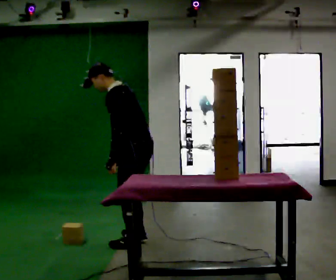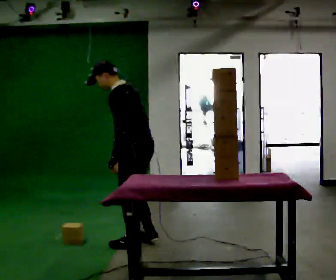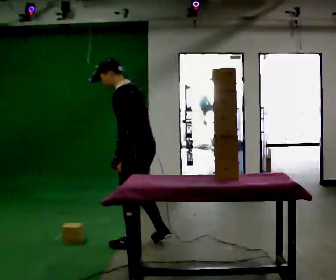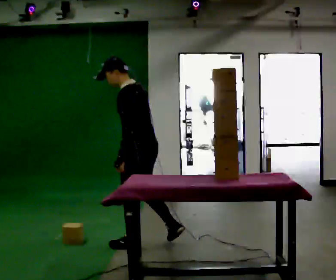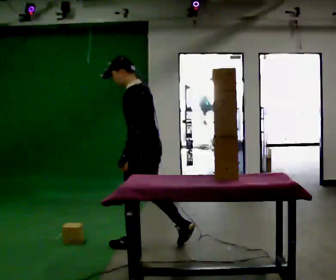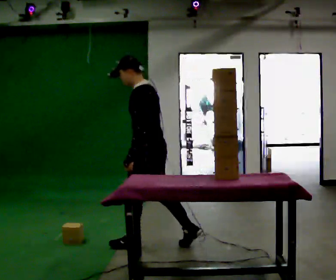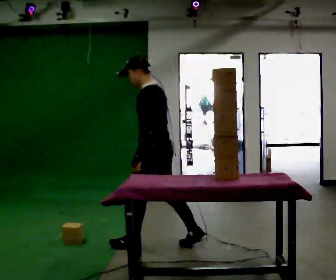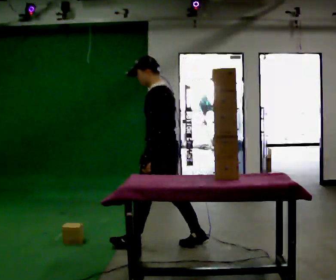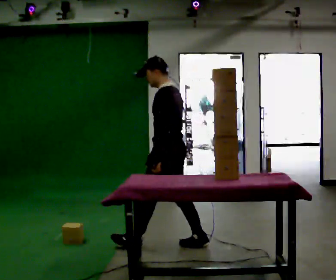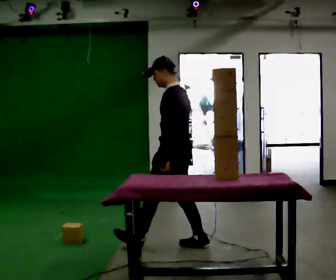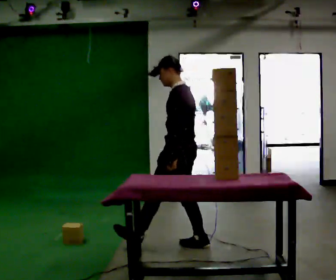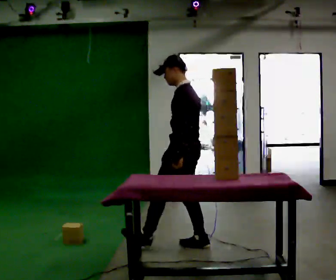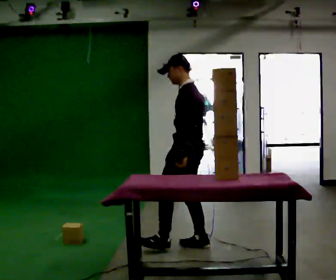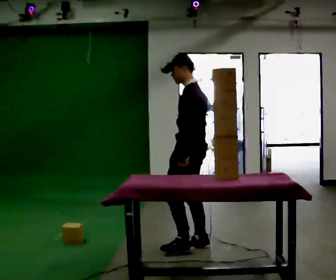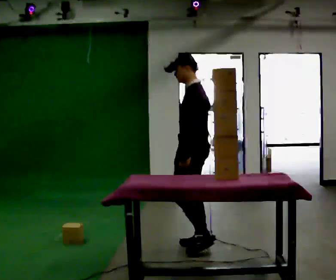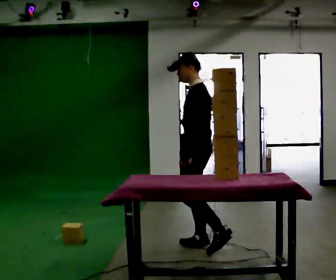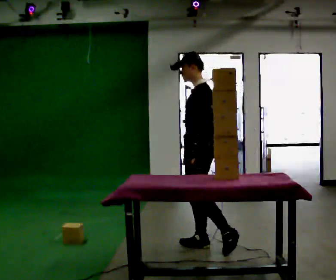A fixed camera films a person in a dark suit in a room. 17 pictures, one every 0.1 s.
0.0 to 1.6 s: In the picture they go to the right, about 0.5 m in 1 step, which for them is backward and to their right. In the picture the upper body tilts clockwise, shoulders to the right, as they lean back or straighten.
The film runs backward here.
